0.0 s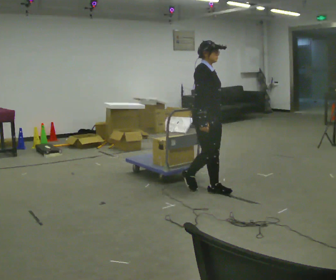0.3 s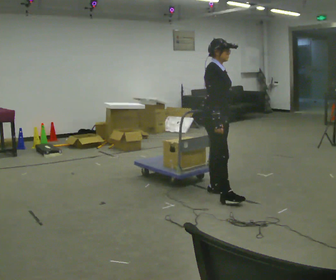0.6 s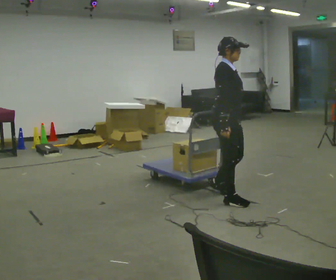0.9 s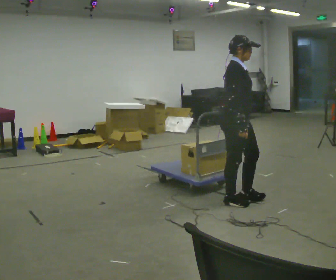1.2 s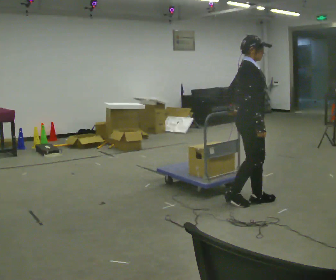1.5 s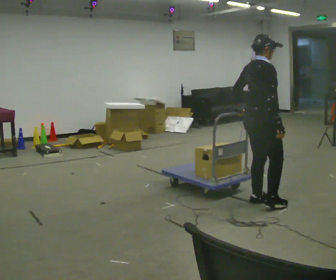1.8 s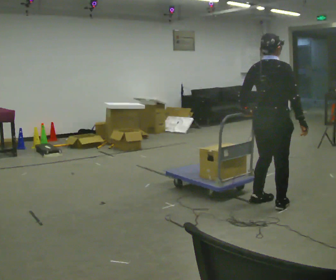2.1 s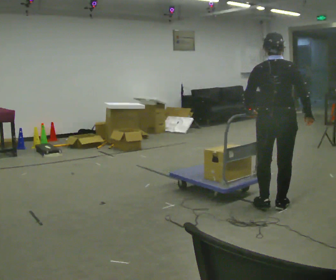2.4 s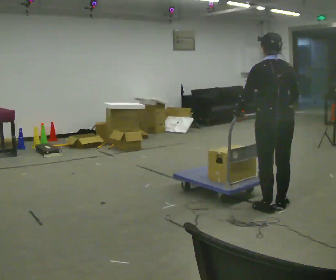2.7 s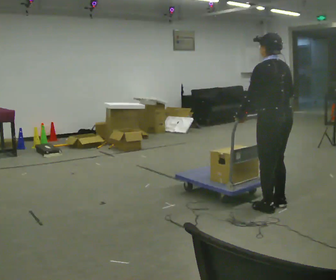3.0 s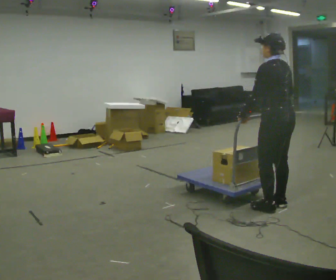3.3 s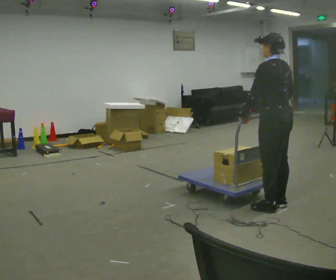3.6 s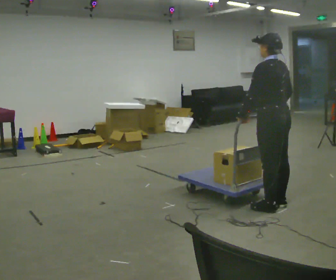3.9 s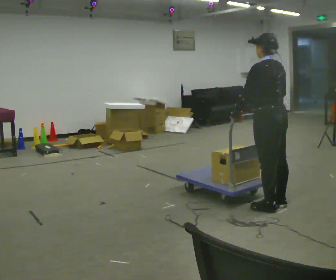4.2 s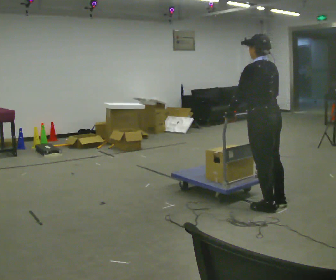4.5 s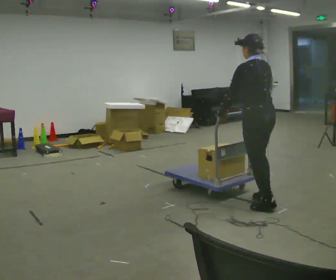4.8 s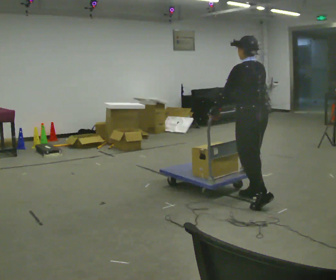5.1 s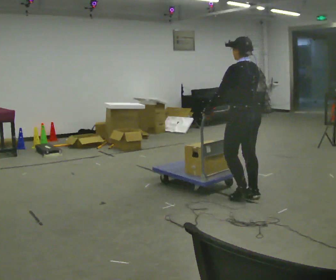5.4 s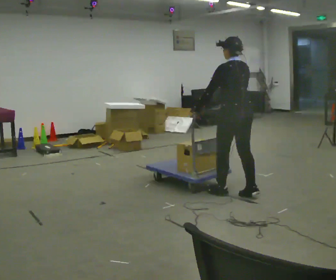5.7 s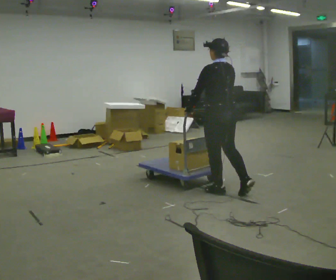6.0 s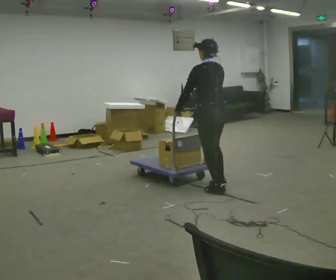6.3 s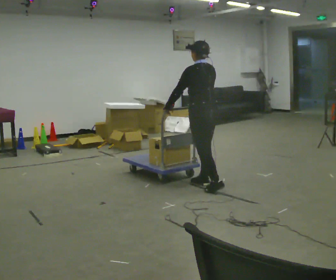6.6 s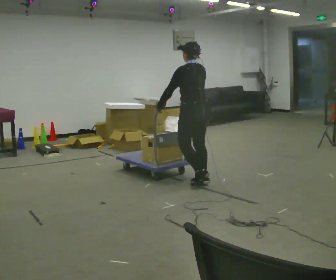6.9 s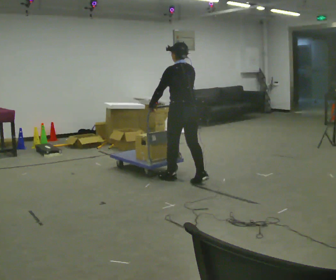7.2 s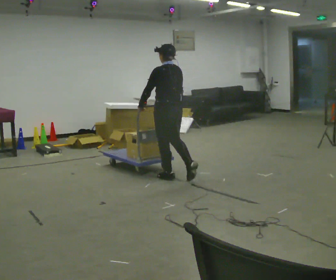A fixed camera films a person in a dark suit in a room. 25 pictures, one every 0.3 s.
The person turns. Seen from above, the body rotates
counterclockwise.
The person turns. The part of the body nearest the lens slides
to the right.
0.0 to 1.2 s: In the picture they go to the right and toward the camera, about 0.5 m in 2 steps, which for them is forward and to their right.
1.2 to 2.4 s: Seen from above the body turns counterclockwise, about 120 degrees: to their left, with its near side sliding to the right. In the picture they go to the right and toward the camera, about 0.25 m in 2 steps.
2.4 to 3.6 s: The person turns about 30 degrees to their left, counterclockwise seen from above, so the part of the body nearest the lens slides to the right.
3.6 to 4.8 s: In the picture they go to the left and away from the camera, about 0.25 m in 1 step, which for them is forward.
4.8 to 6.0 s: In the picture they go to the left and away from the camera, about 0.5 m in 1 step, which for them is forward.
6.0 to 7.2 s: In the picture they go to the left and away from the camera, about 0.75 m in 2 steps, which for them is forward.
The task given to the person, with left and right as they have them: Push the cart across the room and back. The operator will change how much is loaded on it between takes and will tell you each time.
The film runs forward here.
